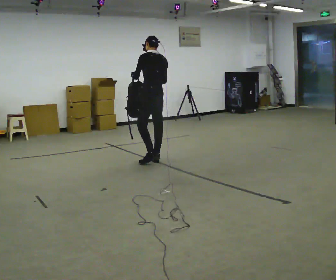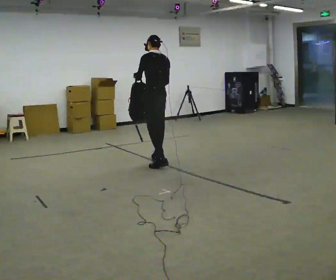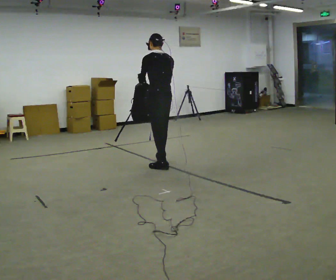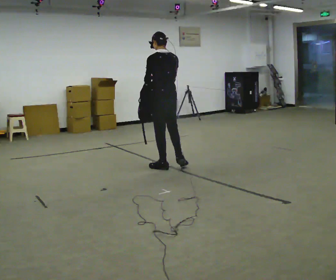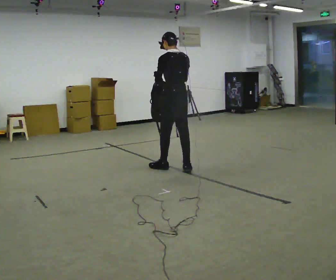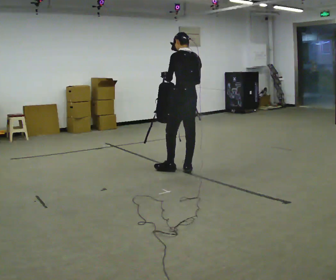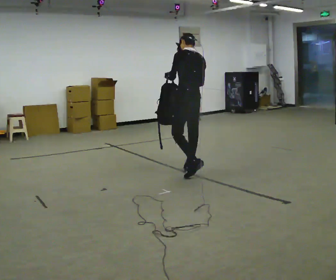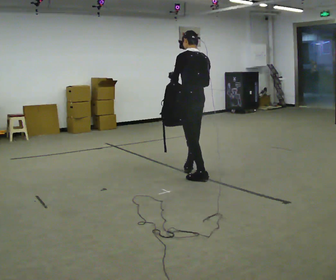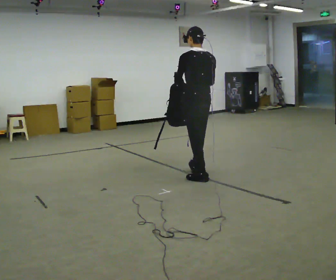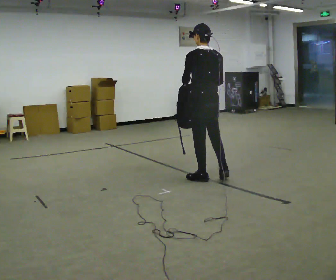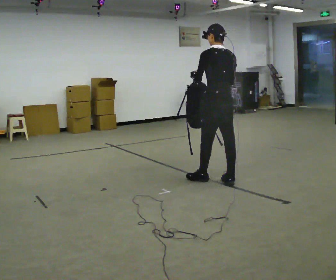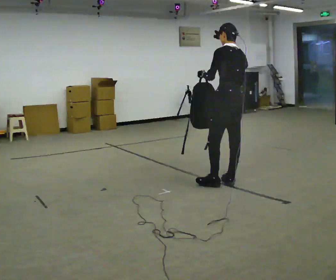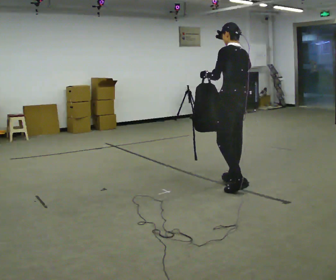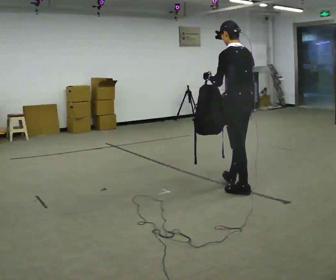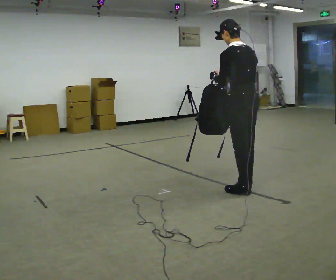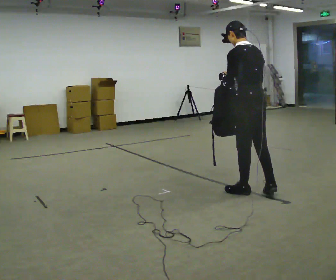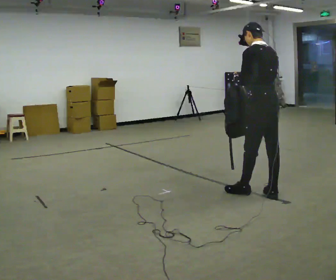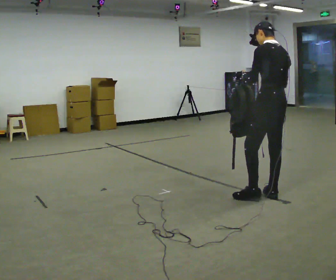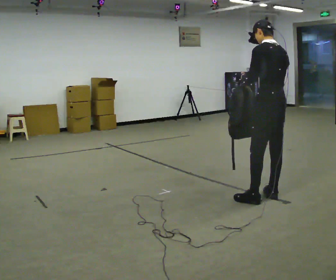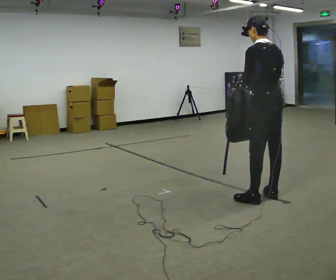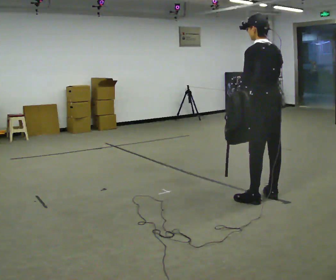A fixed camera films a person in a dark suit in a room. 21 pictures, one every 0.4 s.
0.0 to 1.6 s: In the picture they go toward the camera and to the right, about 0.5 m in 1 step, which for them is backward.
1.6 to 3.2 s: In the picture they go toward the camera and to the right, about 0.5 m in 2 steps, which for them is backward.
3.2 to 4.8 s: In the picture they go to the right and toward the camera, about 0.5 m in 1 step, which for them is backward.
4.8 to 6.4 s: In the picture they go toward the camera and to the right, about 0.5 m in 1 step, which for them is backward.
6.4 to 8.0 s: The person moves a little, or ends about where they began.
The film runs backward here.
